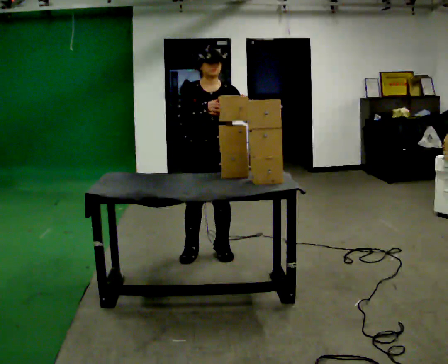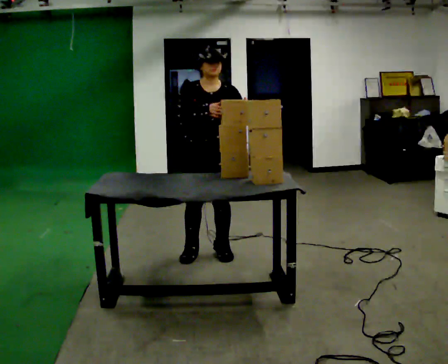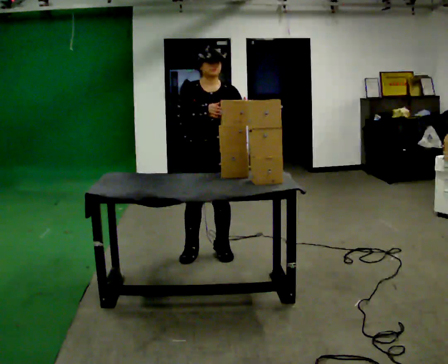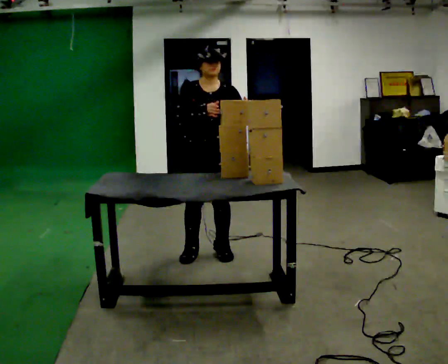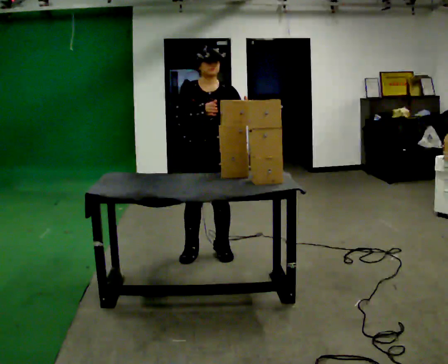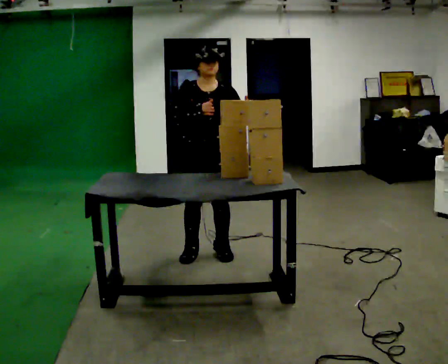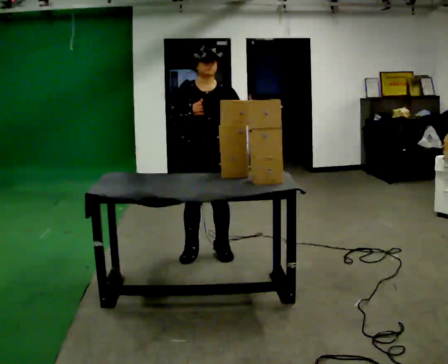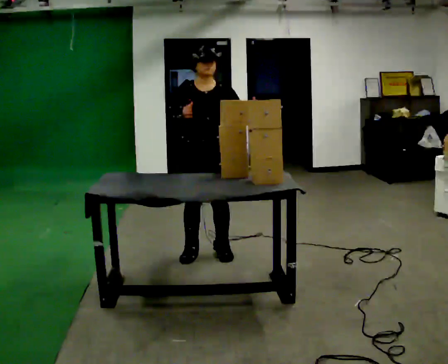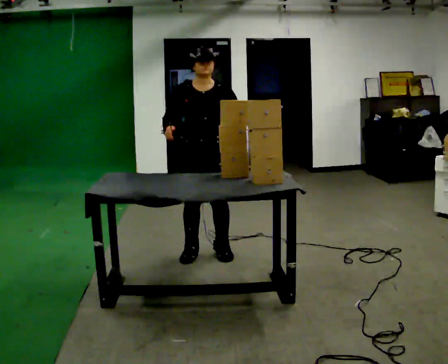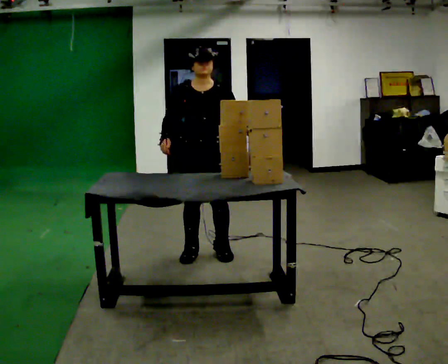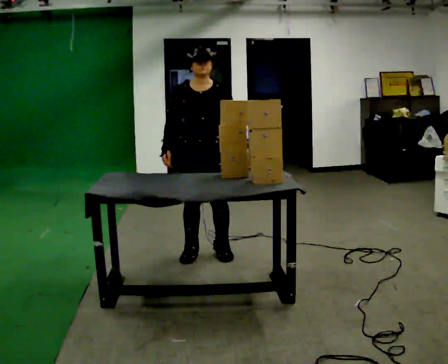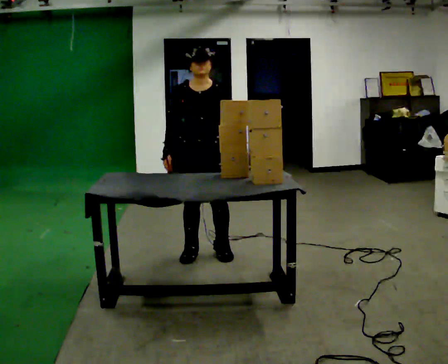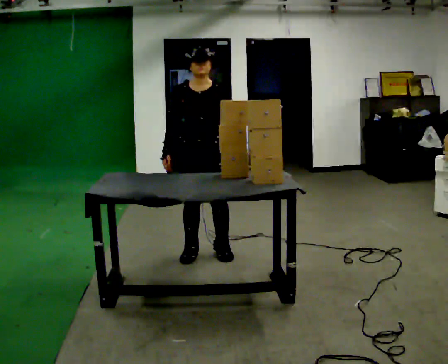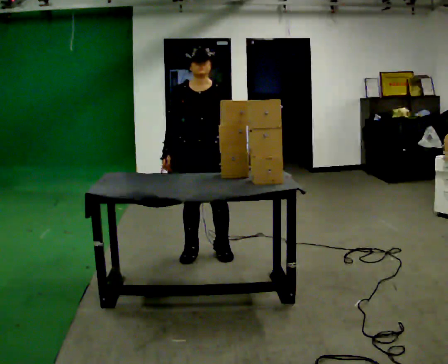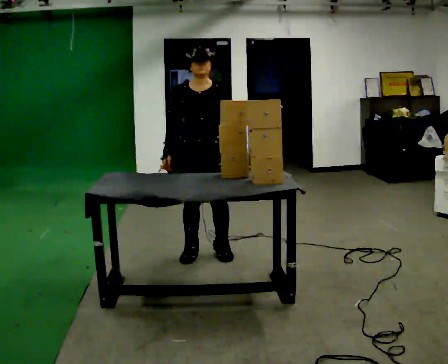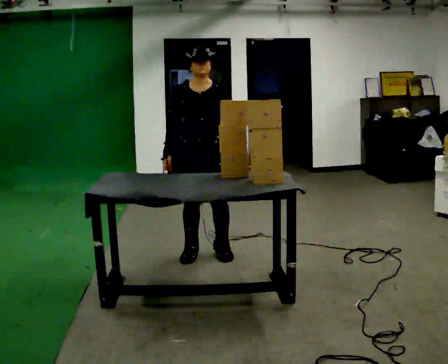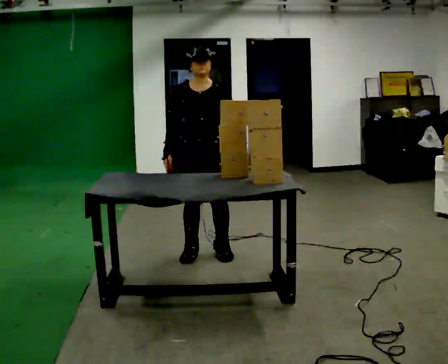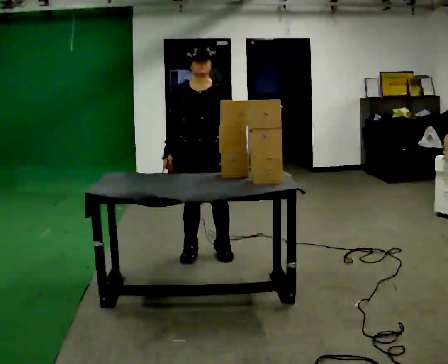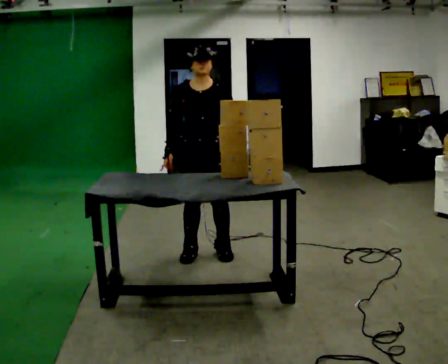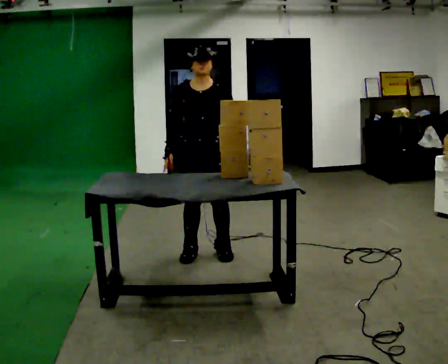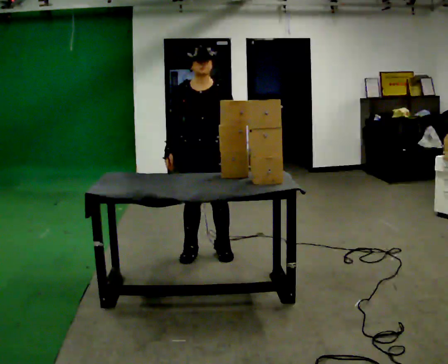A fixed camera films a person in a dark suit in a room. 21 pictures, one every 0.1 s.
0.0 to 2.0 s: In the picture their right hand goes downward.
The film runs backward here.
